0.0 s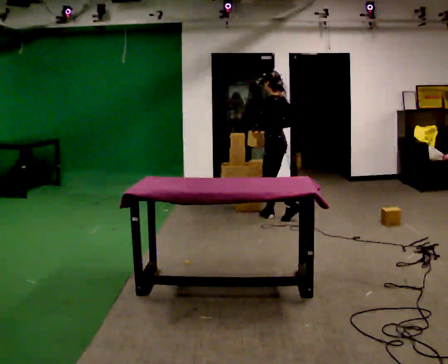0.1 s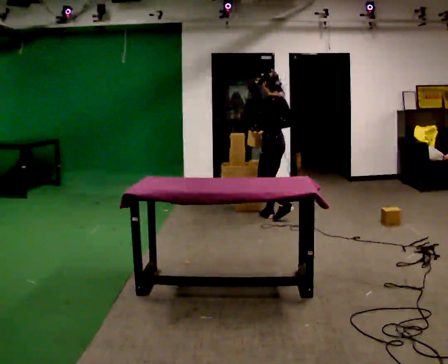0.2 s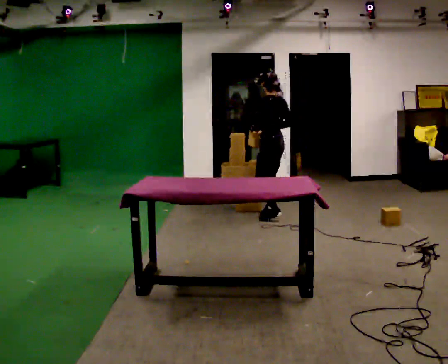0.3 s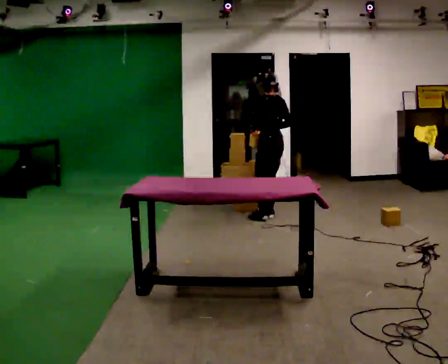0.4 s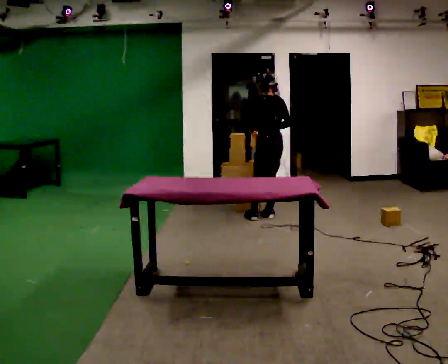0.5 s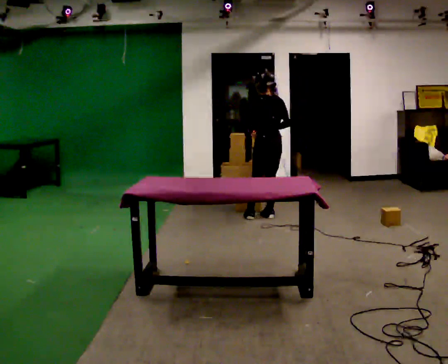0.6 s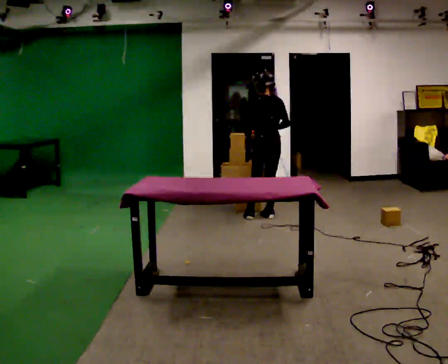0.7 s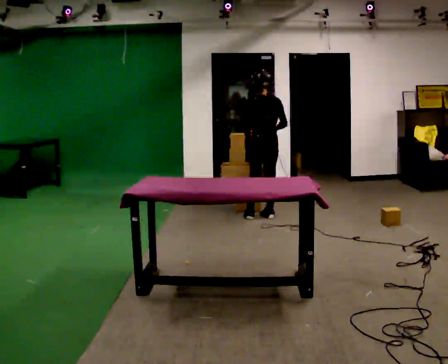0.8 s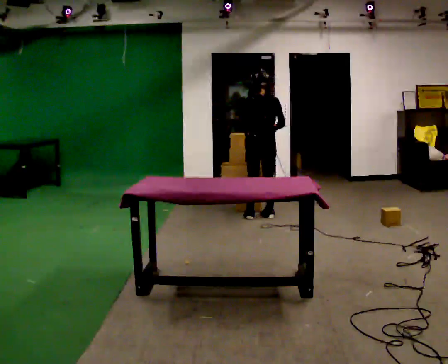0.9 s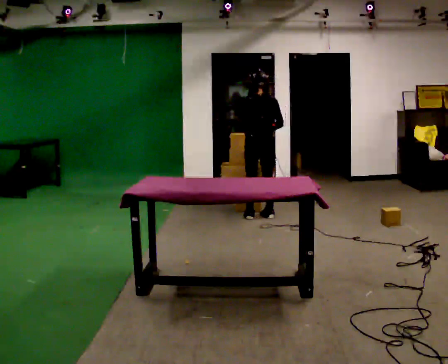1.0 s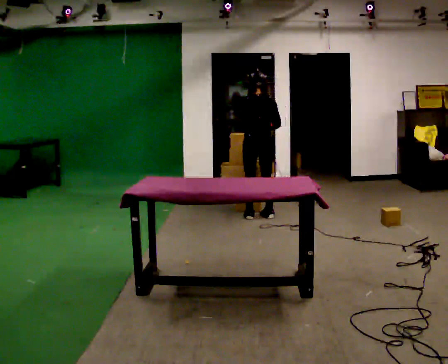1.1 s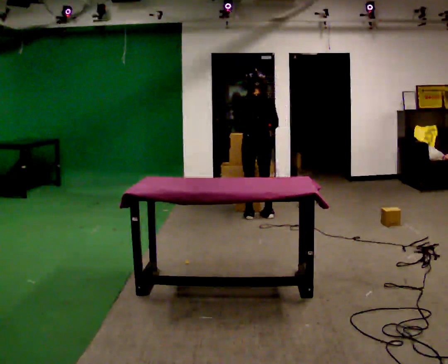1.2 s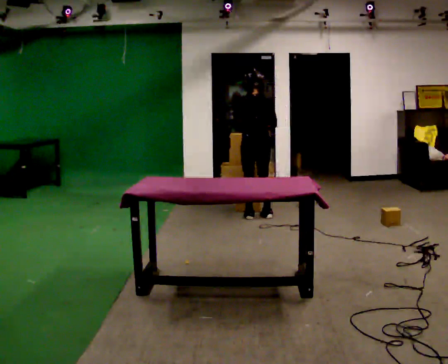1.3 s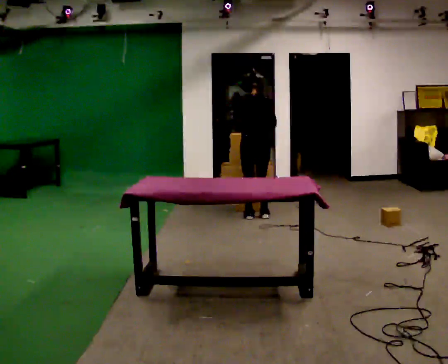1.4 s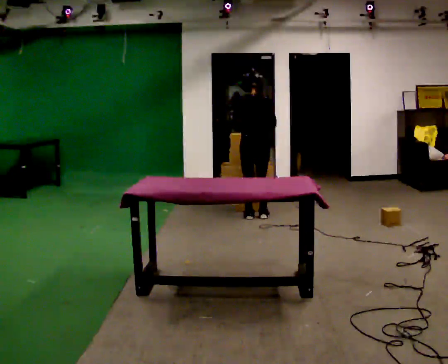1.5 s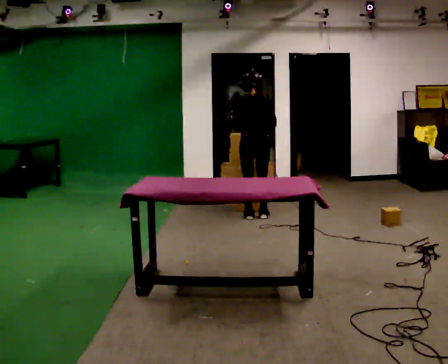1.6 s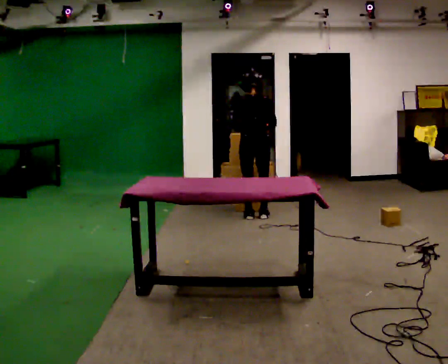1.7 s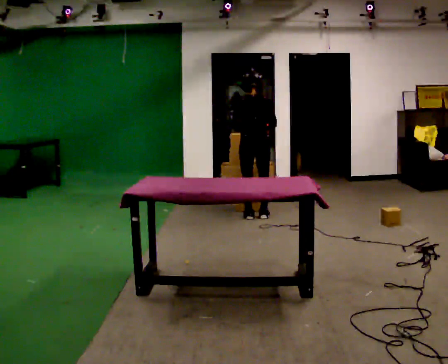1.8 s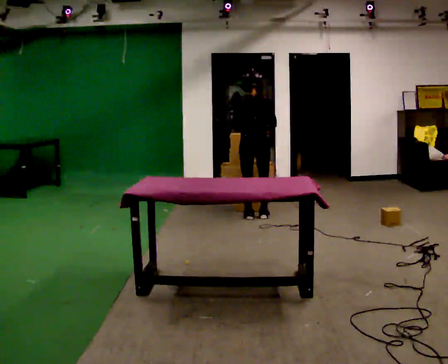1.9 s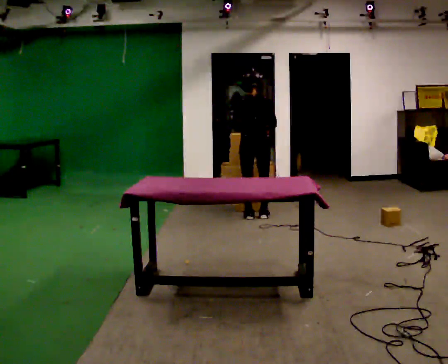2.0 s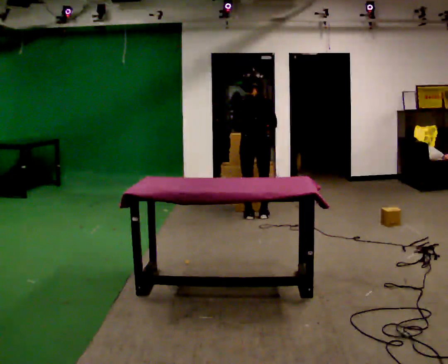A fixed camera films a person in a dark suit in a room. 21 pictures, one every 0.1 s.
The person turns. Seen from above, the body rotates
clockwise.
The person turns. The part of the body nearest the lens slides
to the left.
0.0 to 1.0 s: Seen from above the body turns clockwise, about 60 degrees: to their right, with its near side sliding to the left. In the picture they go to the left, about 0.25 m in 1 step, which for them is to their left and forward.
1.0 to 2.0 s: The person moves a little, or ends about where they began.
The film runs forward here.
